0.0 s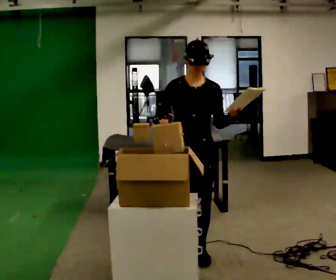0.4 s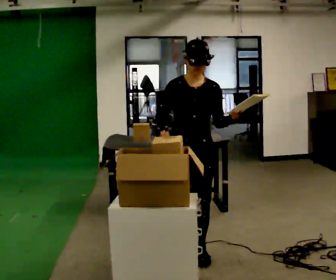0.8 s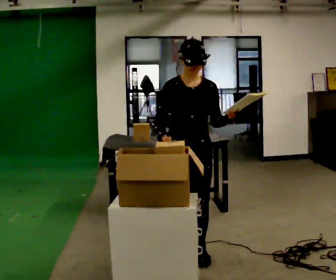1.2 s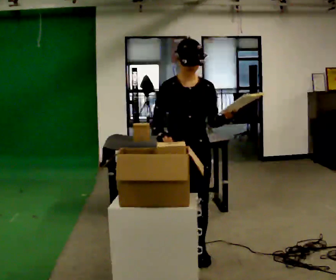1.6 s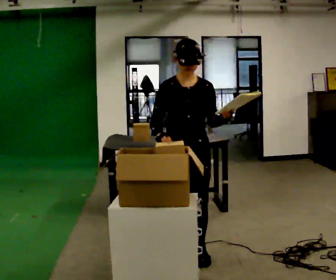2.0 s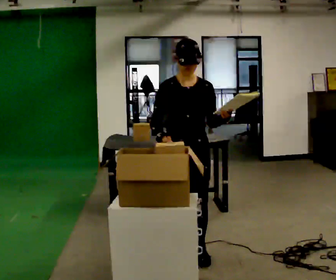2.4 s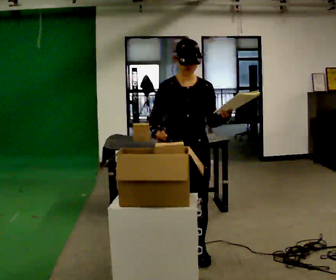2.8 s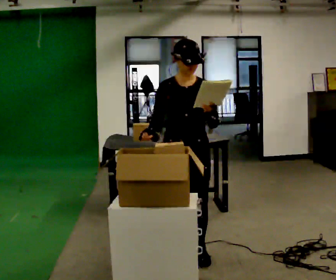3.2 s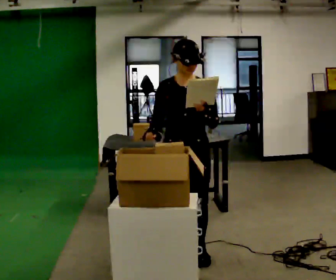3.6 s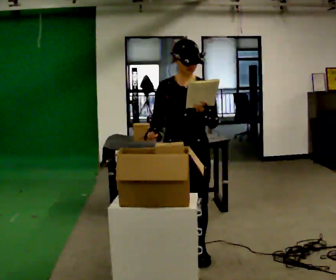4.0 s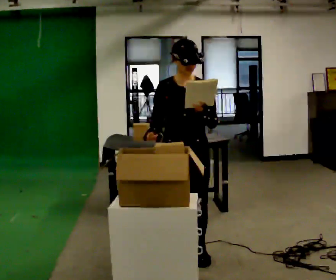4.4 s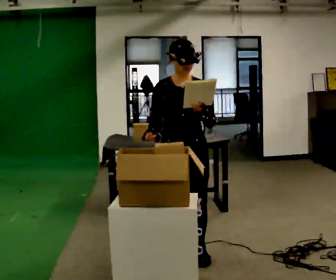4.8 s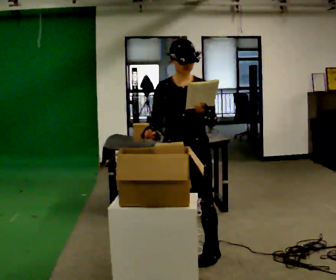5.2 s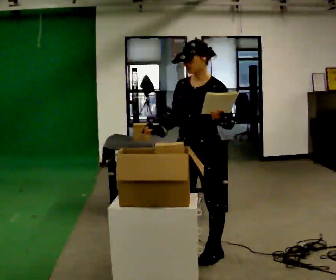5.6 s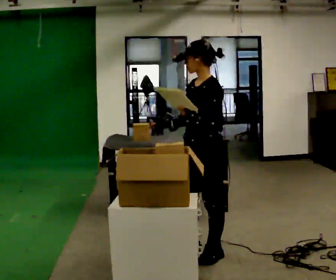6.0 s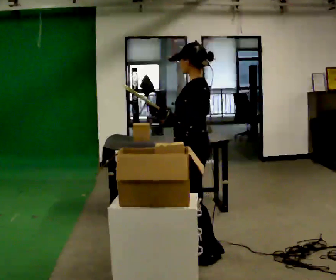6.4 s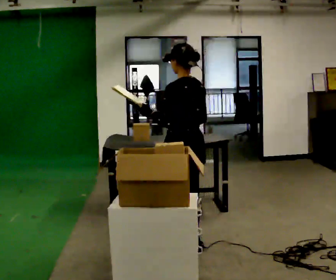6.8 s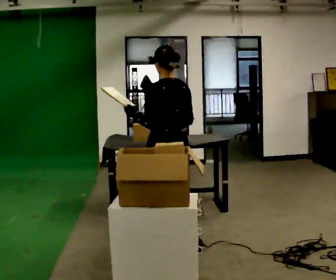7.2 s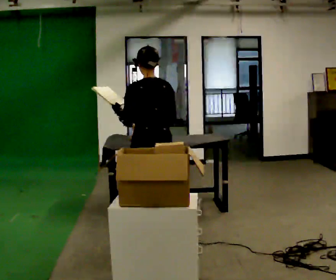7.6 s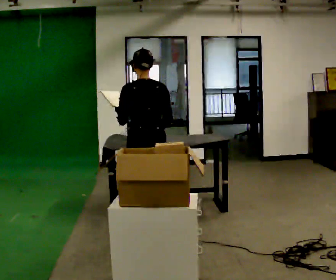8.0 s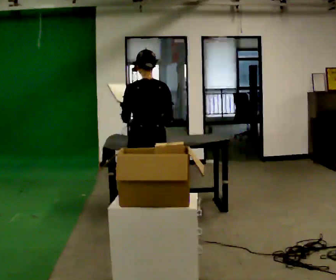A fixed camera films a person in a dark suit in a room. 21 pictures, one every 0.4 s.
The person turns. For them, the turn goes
to their right.
The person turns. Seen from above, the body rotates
clockwise.
0.0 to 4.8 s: The person moves a little, or ends about where they began.
4.8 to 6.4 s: The person turns about 135 degrees to their right, clockwise seen from above, so the part of the body nearest the lens slides to the left. In the picture they go away from the camera, about 0.25 m in 1 step.
6.4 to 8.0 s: The part of the body nearest the lens slides to the left as the person turns to their right by about 30 degrees. In the picture they go away from the camera and to the left, about 0.5 m in 2 steps, which for them is forward.
The film runs forward here.
